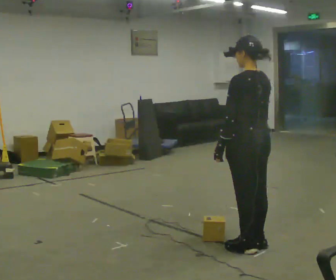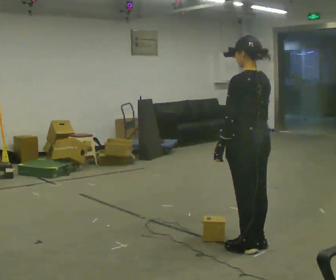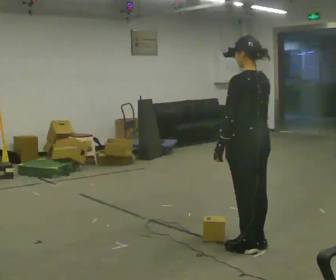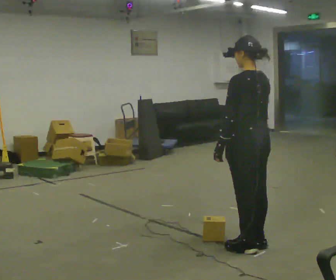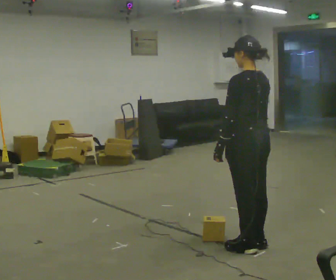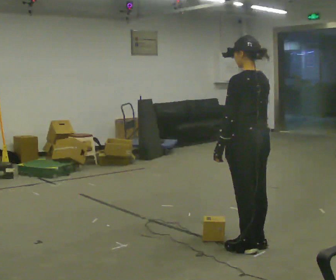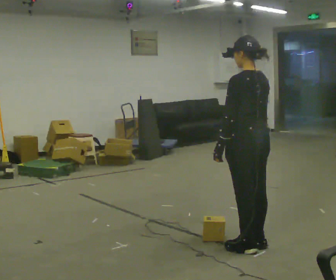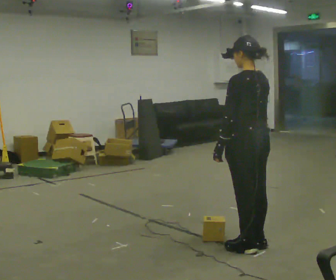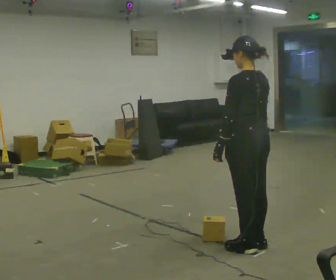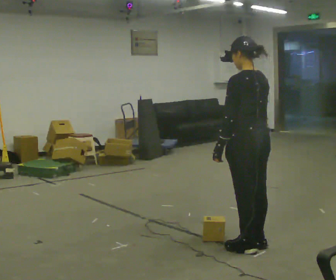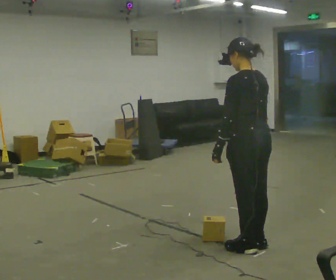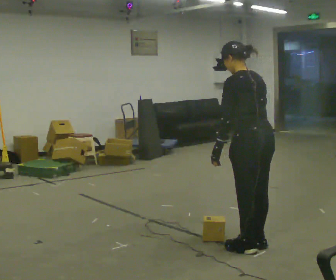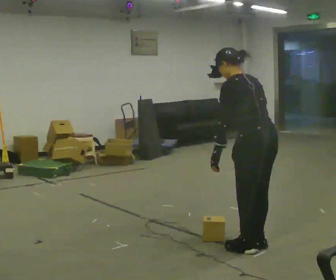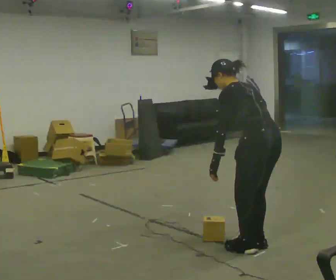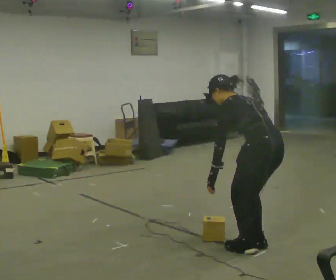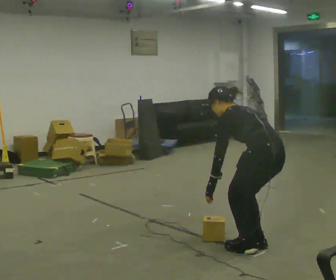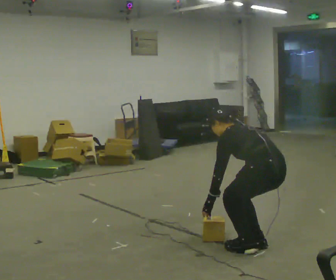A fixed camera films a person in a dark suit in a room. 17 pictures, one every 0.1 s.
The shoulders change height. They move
downward.
Their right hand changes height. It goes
downward.
0.0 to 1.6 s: The upper body goes downward. In the picture the upper body tilts counterclockwise, shoulders to the left, as they bend forward. In the picture their left hand goes downward.
The film runs forward here.
